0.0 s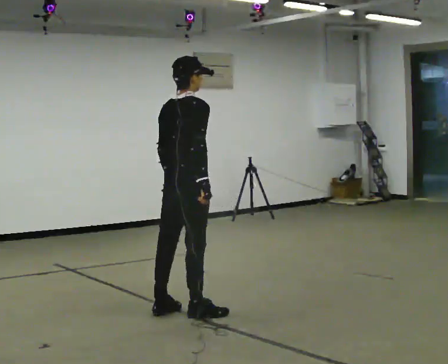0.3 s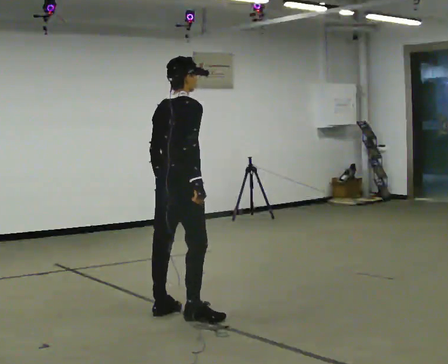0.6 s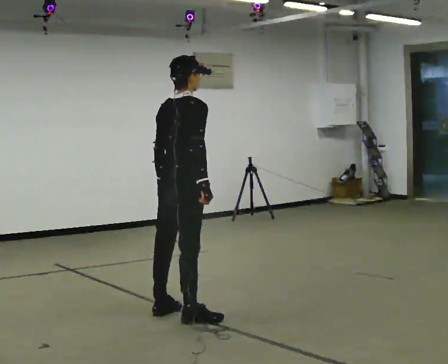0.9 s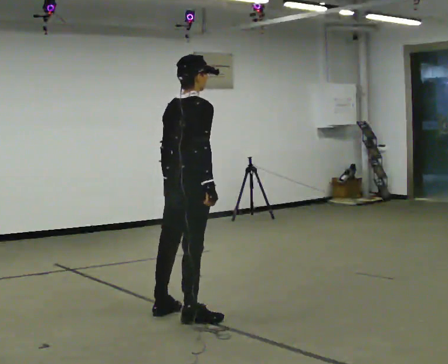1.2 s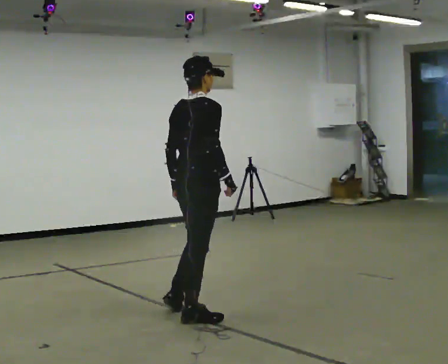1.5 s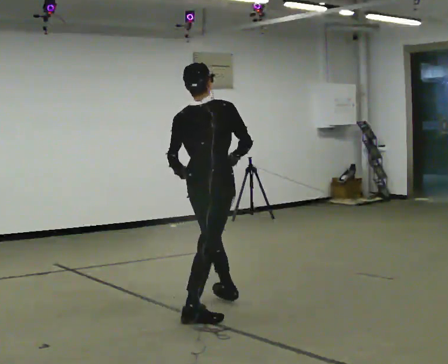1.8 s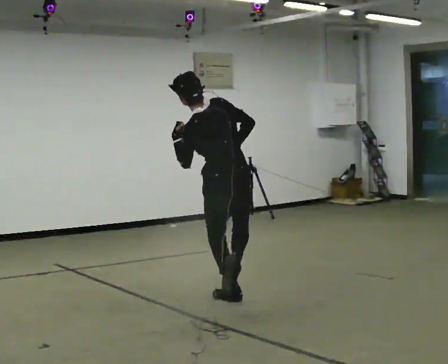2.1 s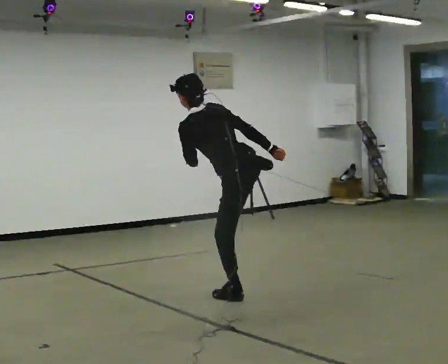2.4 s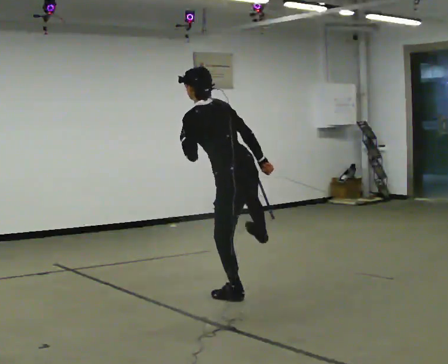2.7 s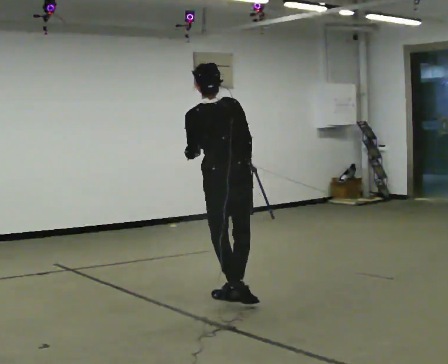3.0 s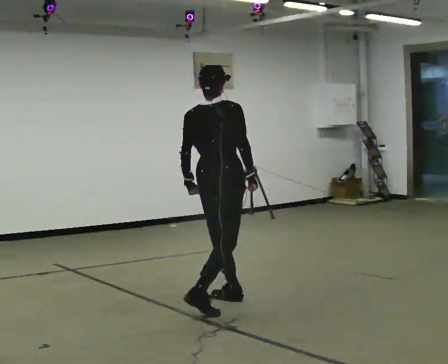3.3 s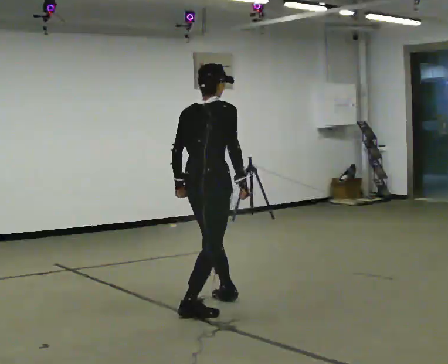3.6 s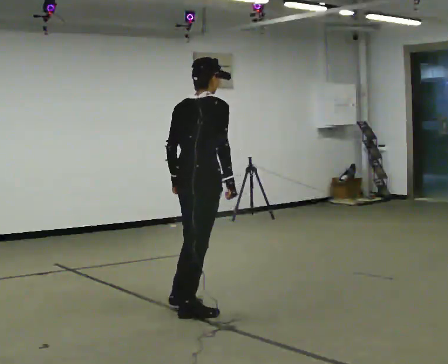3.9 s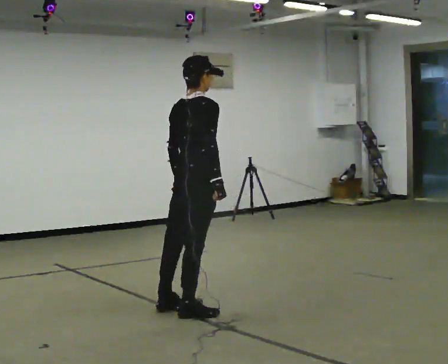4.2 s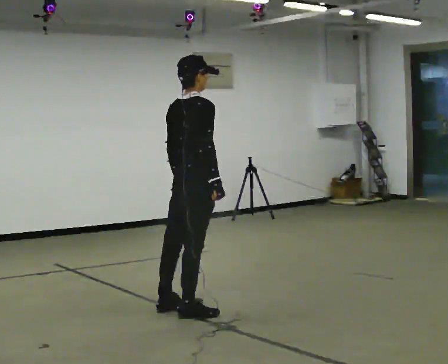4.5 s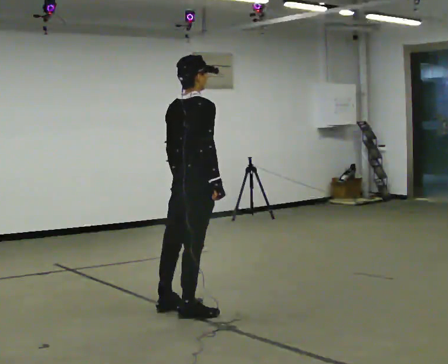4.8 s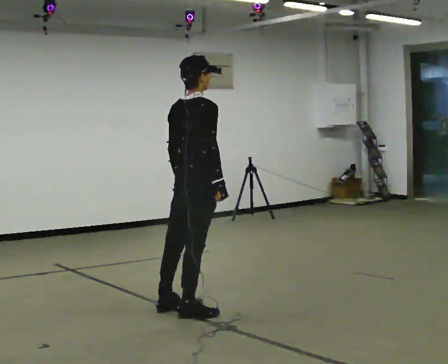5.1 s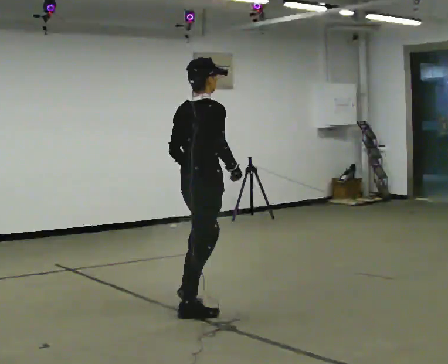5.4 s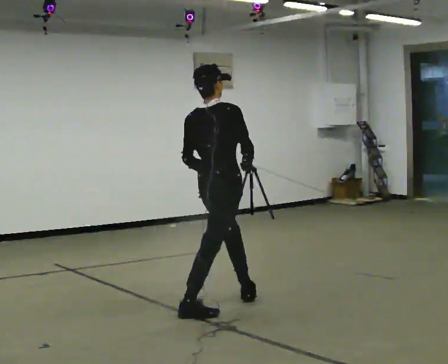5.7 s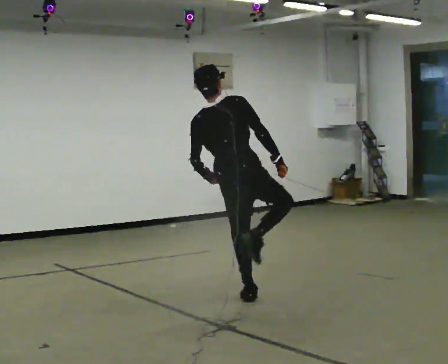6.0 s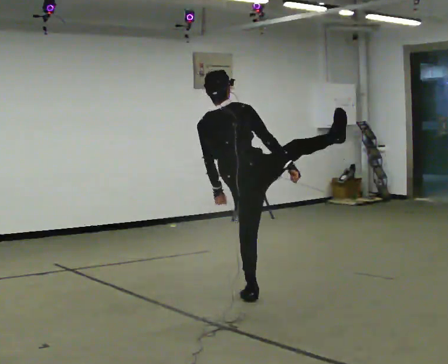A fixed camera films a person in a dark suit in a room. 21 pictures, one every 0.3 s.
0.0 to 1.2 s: The person moves a little, or ends about where they began.
1.2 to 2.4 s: The person turns about 90 degrees to their left, counterclockwise seen from above, so the part of the body nearest the lens slides to the right. In the picture they go away from the camera and to the right, about 0.5 m in 1 step.
2.4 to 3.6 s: The person turns about 90 degrees to their right, clockwise seen from above, so the part of the body nearest the lens slides to the left. In the picture they go toward the camera and to the left, about 0.5 m. In the picture the upper body tilts clockwise, shoulders to the right.
3.6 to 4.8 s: The person moves a little, or ends about where they began.
4.8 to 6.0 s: The part of the body nearest the lens slides to the right as the person turns to their left by about 30 degrees. In the picture they go to the right and away from the camera, about 0.5 m in 1 step, which for them is forward. In the picture the upper body tilts counterclockwise, shoulders to the left.
The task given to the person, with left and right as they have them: Kick into the air with each leg in turn, front kicks and side kicks, at a comfortable height. Repeat the movement at your own pace until the operator says stop; do not rush.
The film runs forward here.
